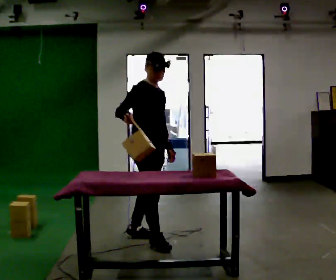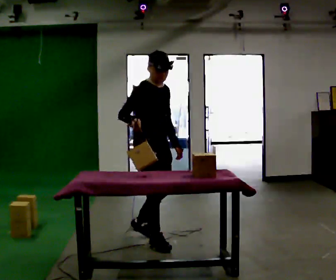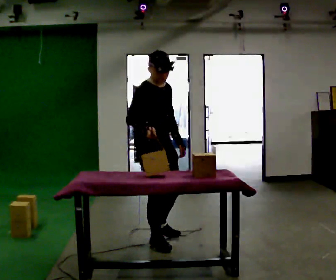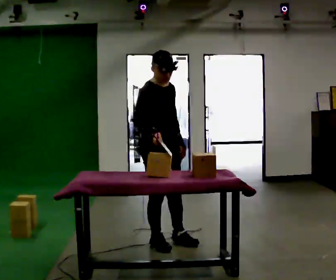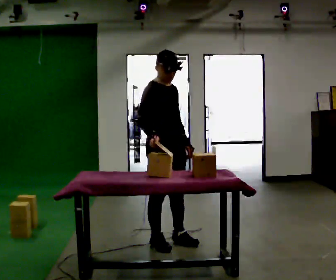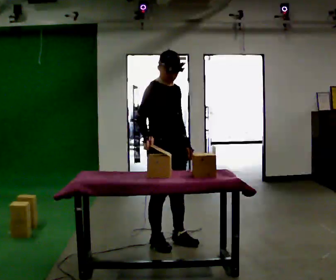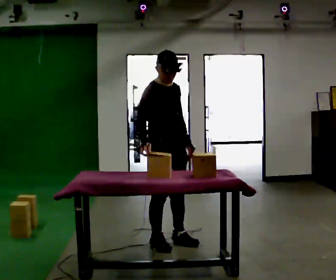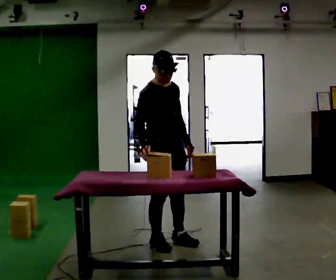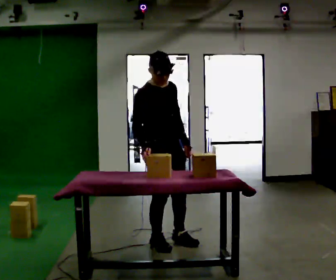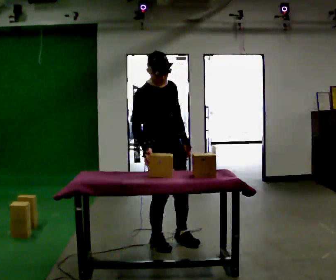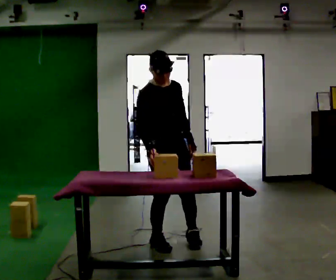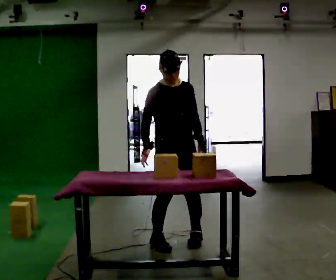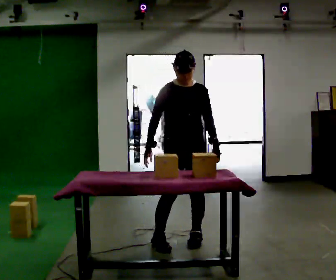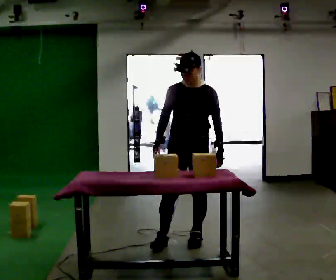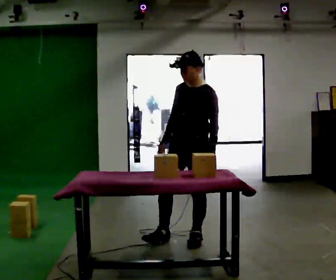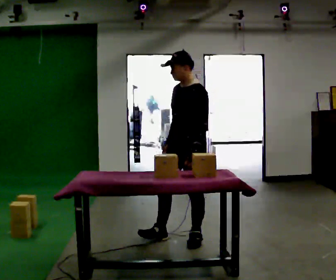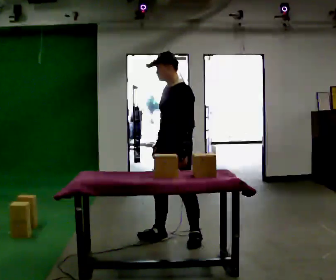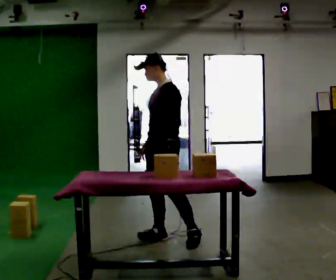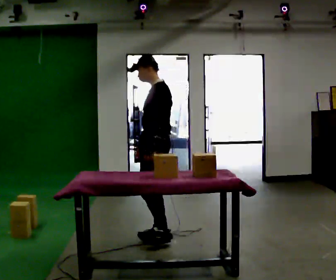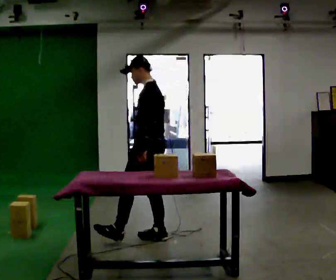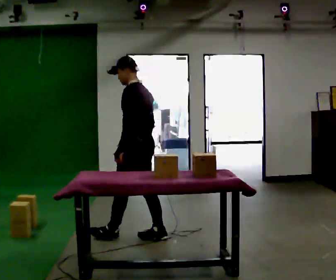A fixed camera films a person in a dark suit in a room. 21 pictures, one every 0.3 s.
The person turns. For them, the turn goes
to their right.
The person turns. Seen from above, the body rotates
clockwise.
0.0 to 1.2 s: In the picture they go to the right, about 0.25 m in 1 step, which for them is forward.
1.2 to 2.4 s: The person moves a little, or ends about where they began.
2.4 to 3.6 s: The person turns about 30 degrees to their right, clockwise seen from above, so the part of the body nearest the lens slides to the left. In the picture they go to the right, about 0.25 m in 1 step, which for them is to their left.
3.6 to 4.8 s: The person turns about 75 degrees to their right, clockwise seen from above, so the part of the body nearest the lens slides to the left. In the picture their left hand goes to the left.
4.8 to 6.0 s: The part of the body nearest the lens slides to the left as the person turns to their right by about 60 degrees. In the picture they go to the left, about 0.25 m in 1 step, which for them is forward.
The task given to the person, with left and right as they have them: Pick the object up off the floor using only the hand the operator calls, then carry it to the table in that same hand. Keep going until the operator says stop; one object at a time, and do not rush between trips.
The film runs forward here.
